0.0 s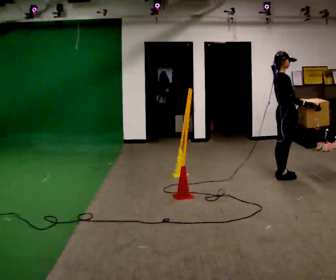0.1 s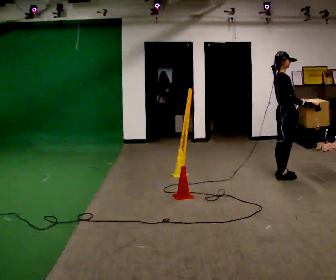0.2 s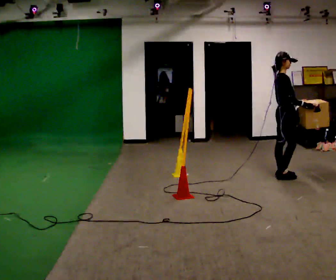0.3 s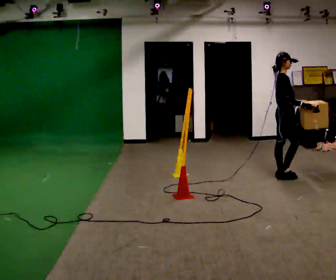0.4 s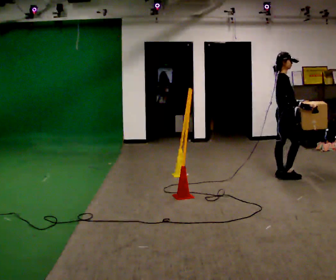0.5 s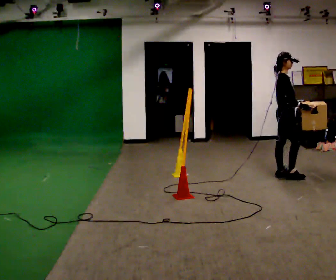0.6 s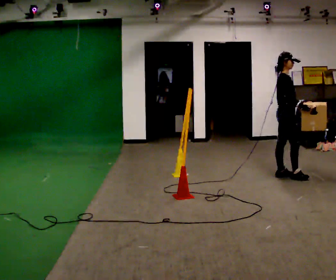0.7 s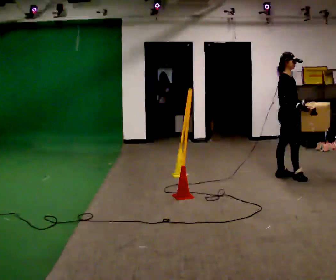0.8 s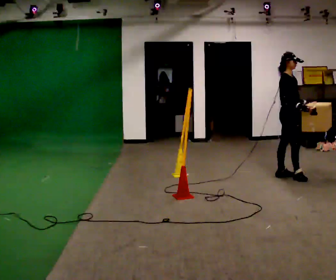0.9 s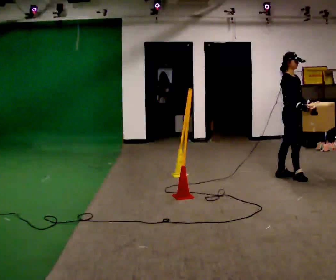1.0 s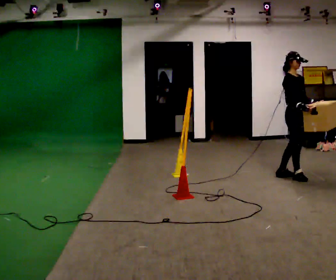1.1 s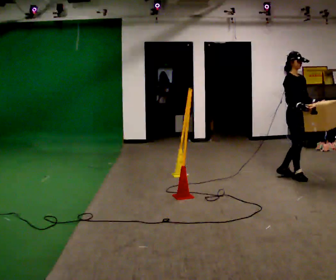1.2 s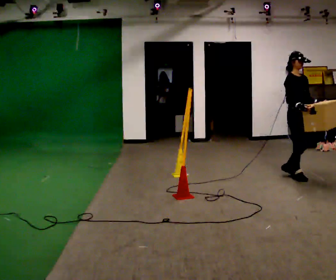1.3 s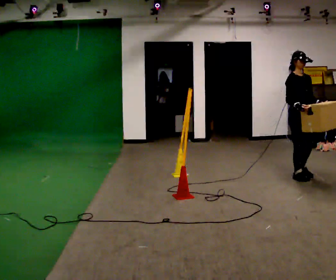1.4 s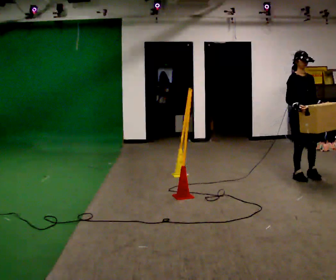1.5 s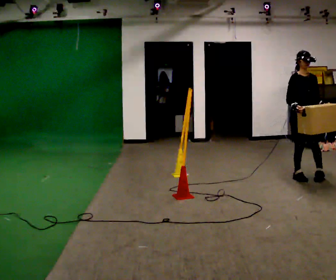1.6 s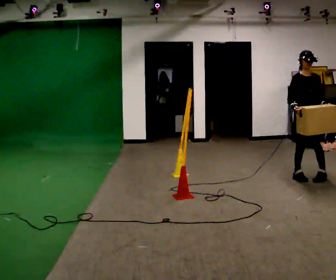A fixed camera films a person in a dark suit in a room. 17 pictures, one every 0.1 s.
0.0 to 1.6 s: The part of the body nearest the lens slides to the left as the person turns to their right by about 90 degrees. In the picture they go to the right, about 0.25 m in 2 steps.
The film runs forward here.
